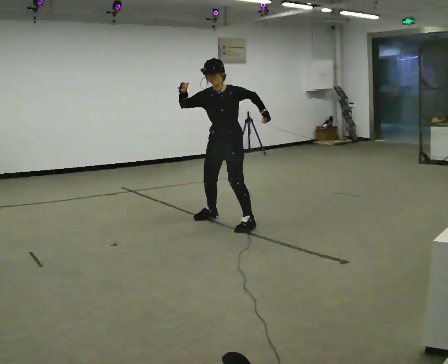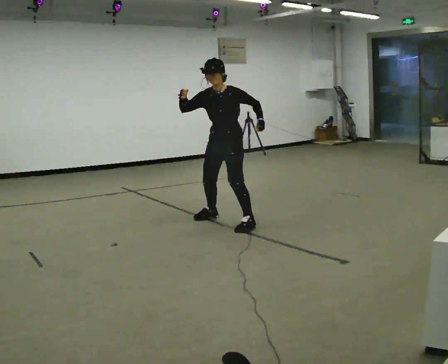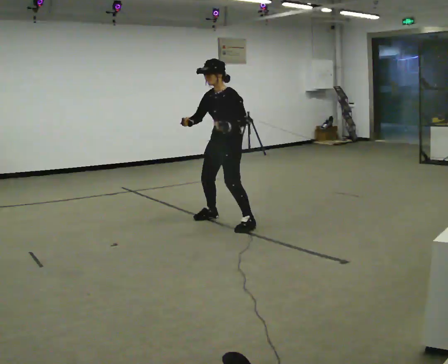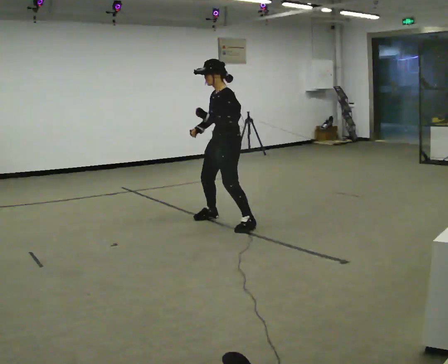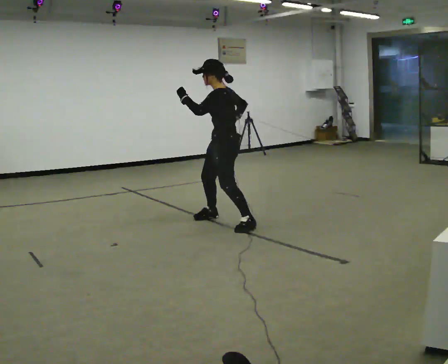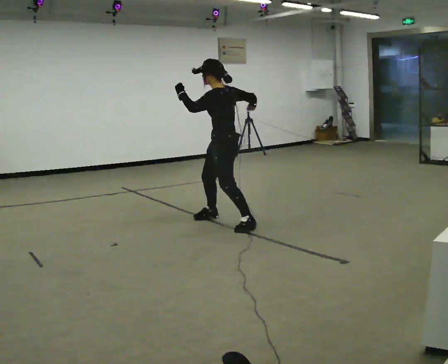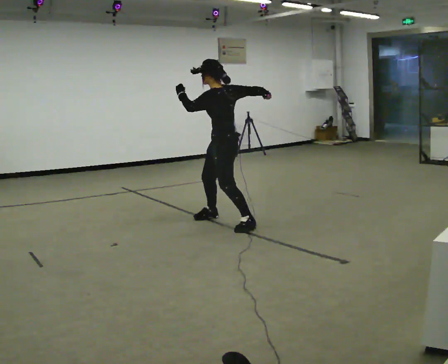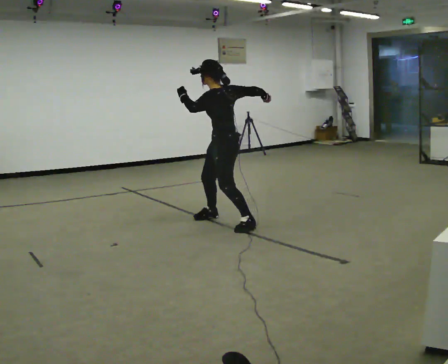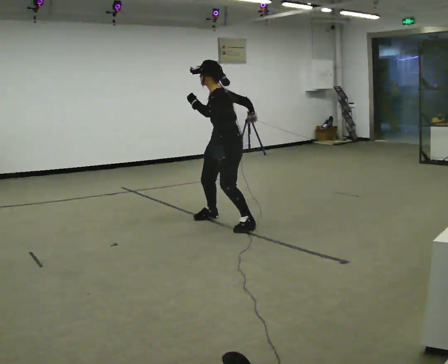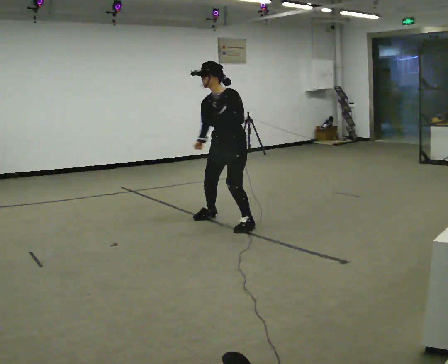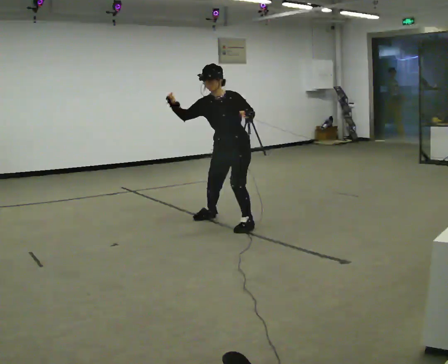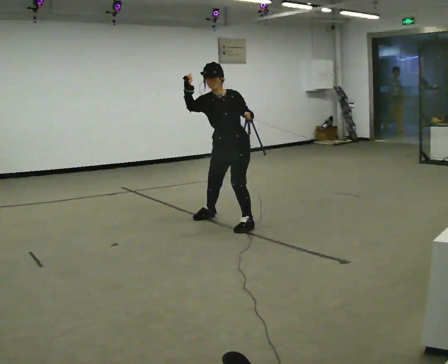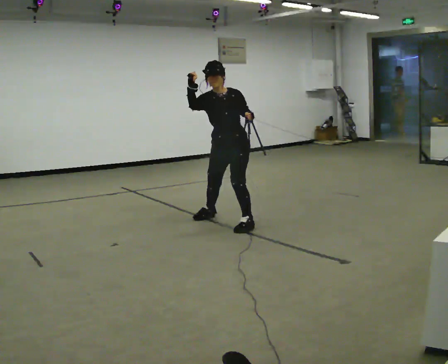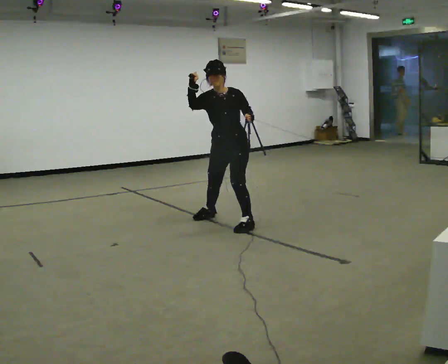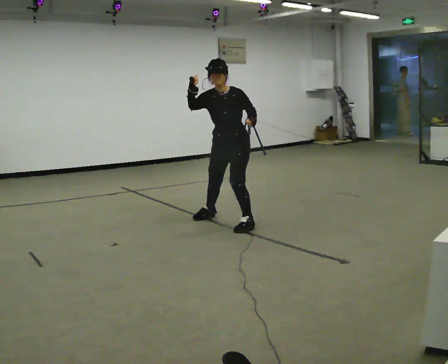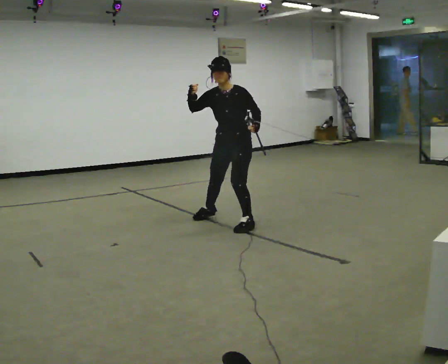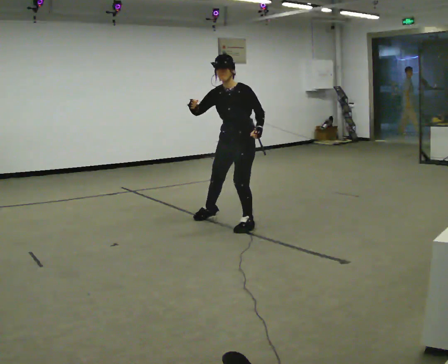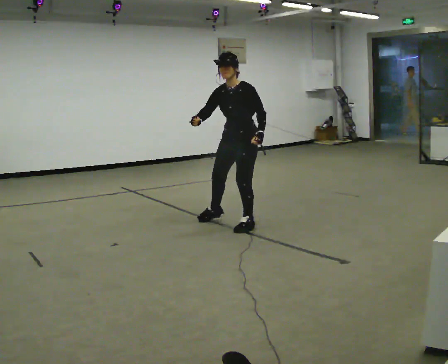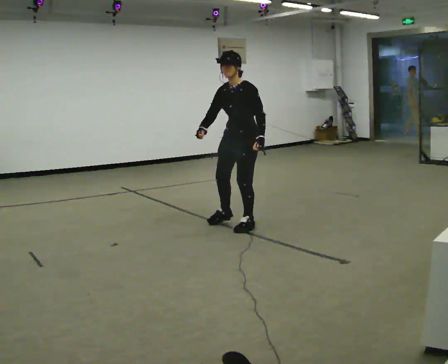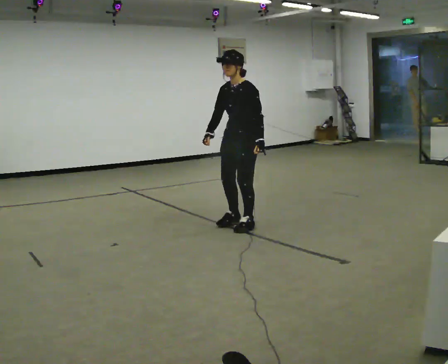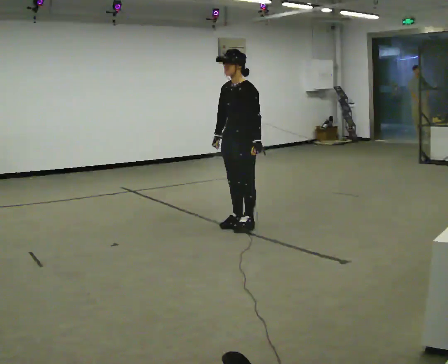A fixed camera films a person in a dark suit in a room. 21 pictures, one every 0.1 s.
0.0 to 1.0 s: The person moves a little, or ends about where they began.
1.0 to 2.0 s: The part of the body nearest the lens slides to the left as the person turns to their right by about 45 degrees. In the picture their right hand goes to the right and downward.
The film runs forward here.
